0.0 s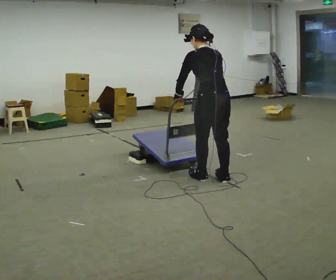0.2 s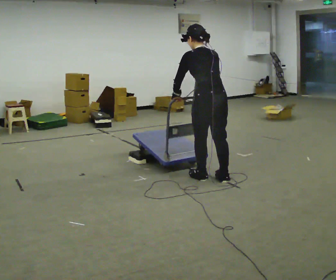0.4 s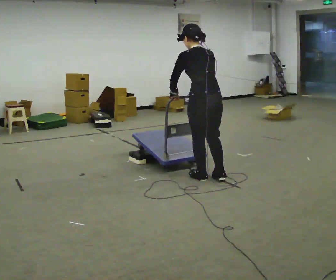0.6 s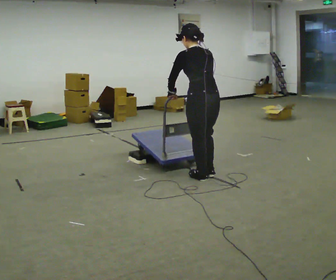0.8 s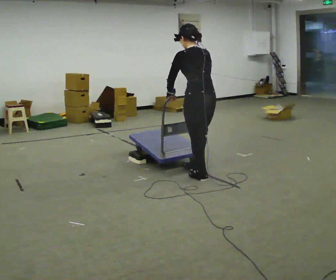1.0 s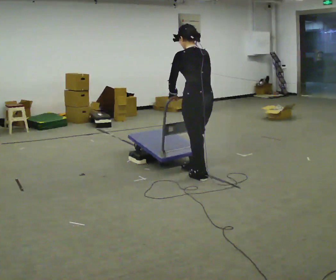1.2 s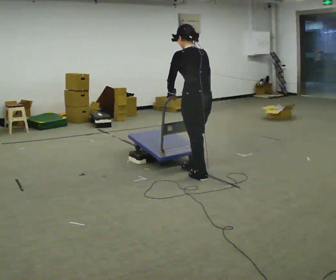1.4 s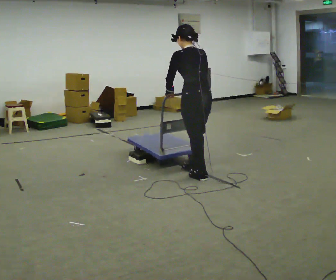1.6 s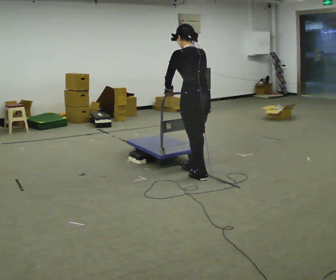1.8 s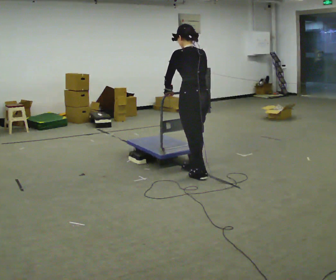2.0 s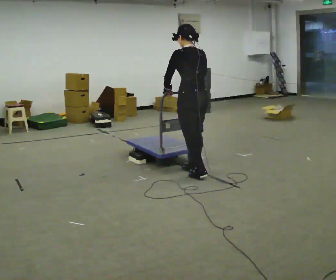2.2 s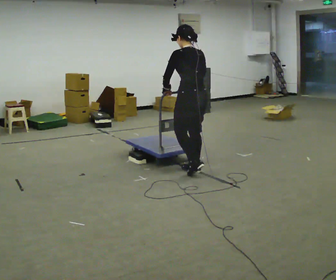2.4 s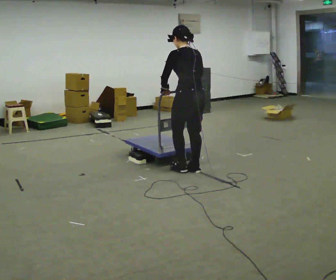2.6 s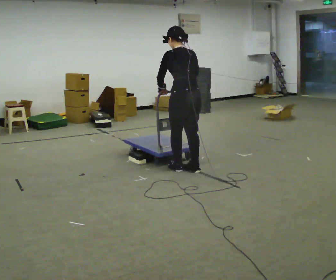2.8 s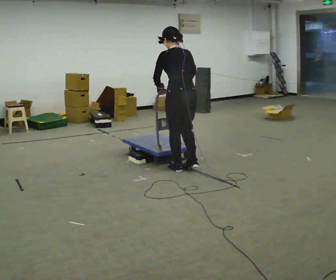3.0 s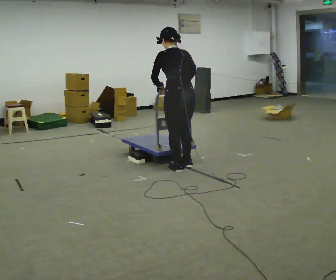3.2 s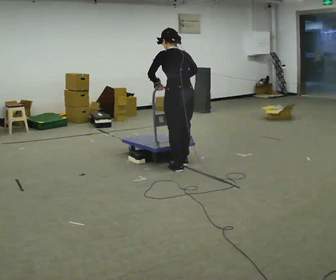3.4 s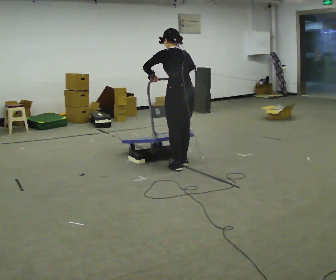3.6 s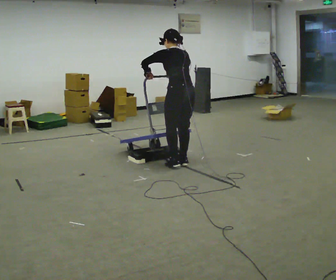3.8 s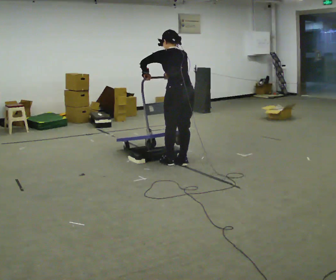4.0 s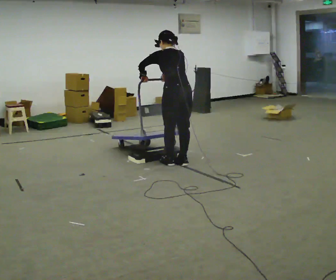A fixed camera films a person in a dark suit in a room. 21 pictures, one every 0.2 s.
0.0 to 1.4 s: In the picture they go away from the camera and to the left, about 0.25 m in 1 step, which for them is forward.
1.4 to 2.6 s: In the picture they go away from the camera, about 0.25 m in 1 step, which for them is forward.
2.6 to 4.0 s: In the picture they go away from the camera, about 0.25 m in 2 steps, which for them is forward.
The film runs forward here.
